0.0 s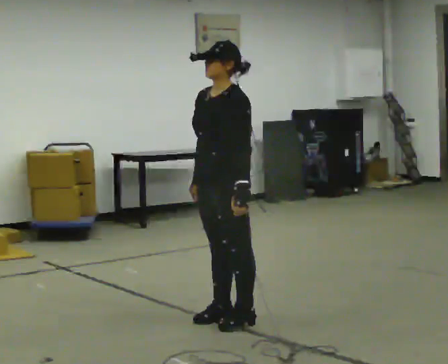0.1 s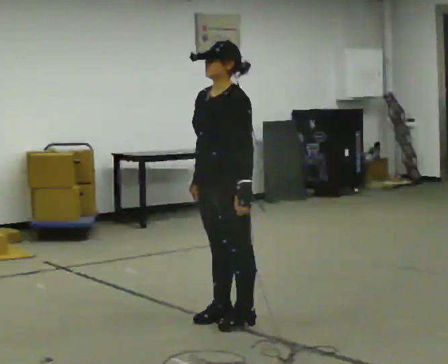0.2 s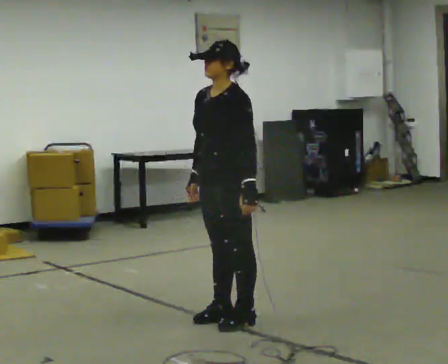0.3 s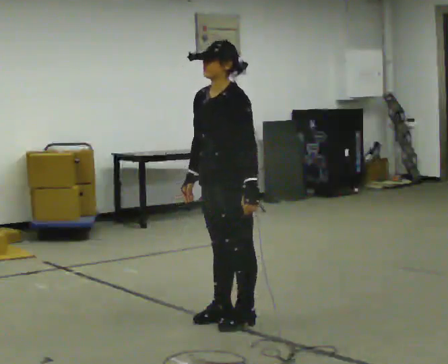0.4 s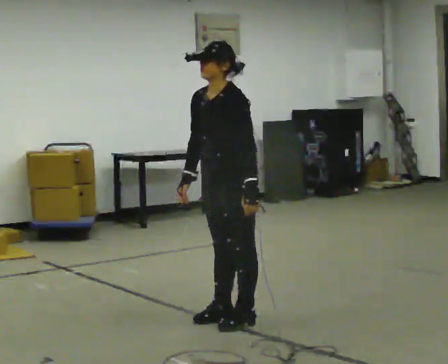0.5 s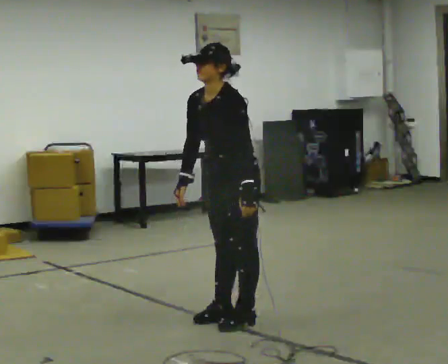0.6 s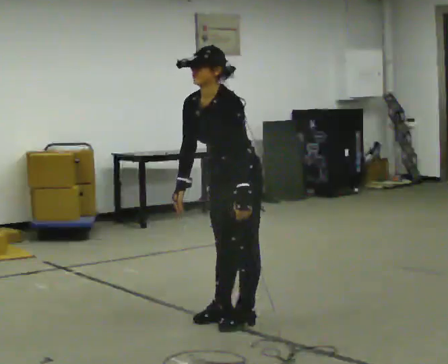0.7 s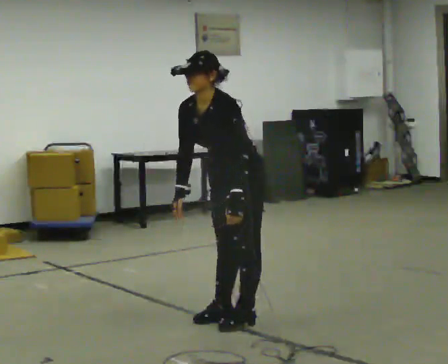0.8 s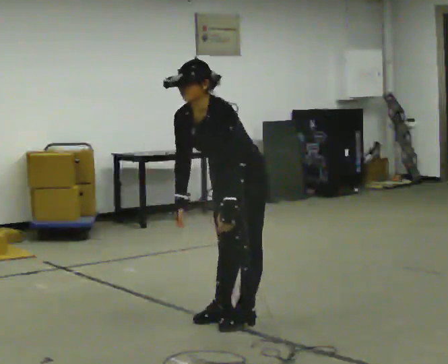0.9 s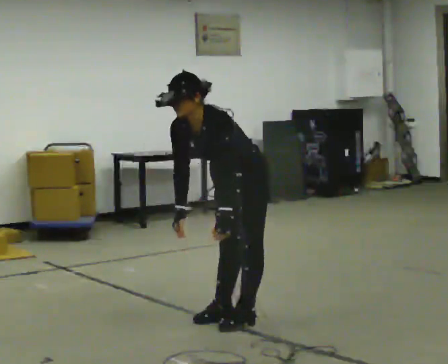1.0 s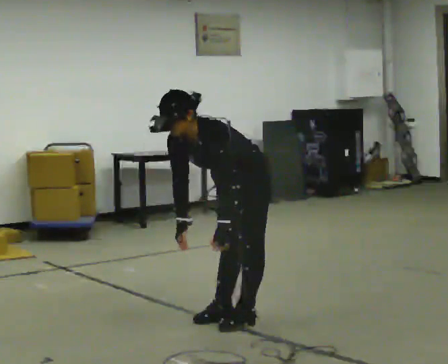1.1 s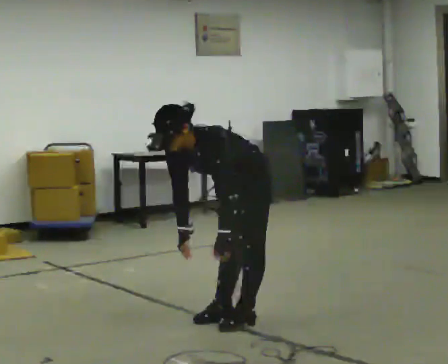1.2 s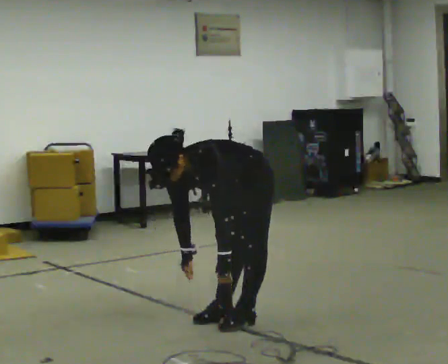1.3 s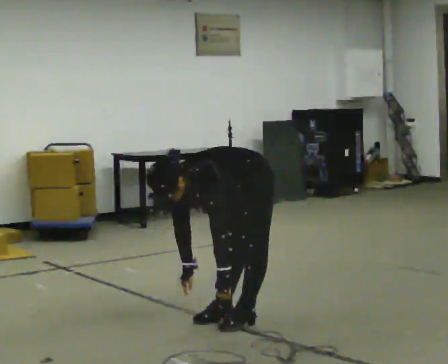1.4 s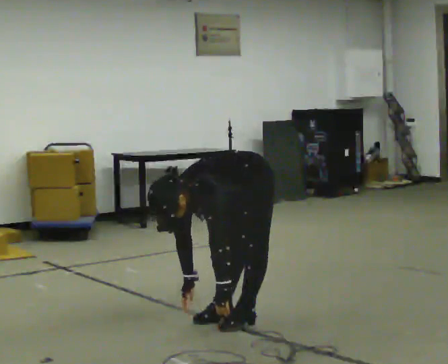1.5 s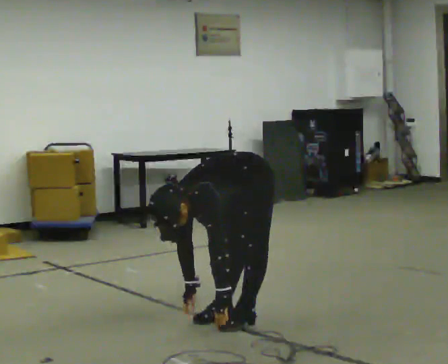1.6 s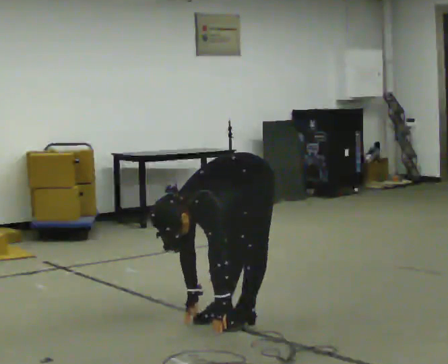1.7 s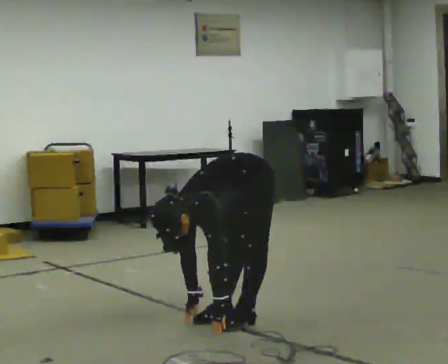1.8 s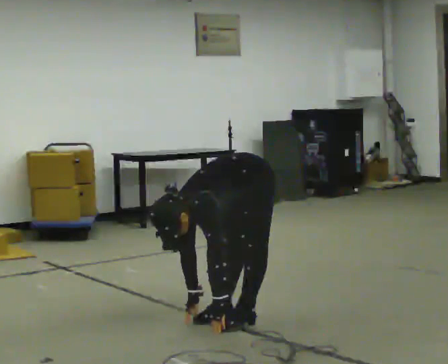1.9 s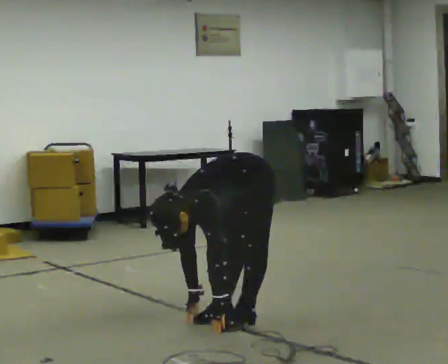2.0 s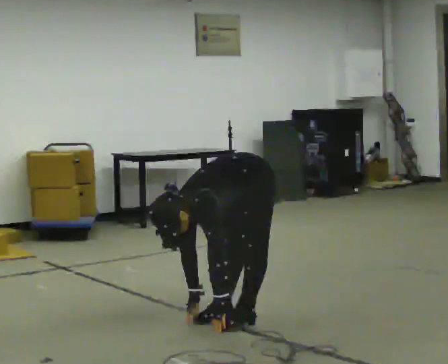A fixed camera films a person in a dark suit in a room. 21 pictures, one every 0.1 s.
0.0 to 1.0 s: The shoulders move downward. In the picture the upper body tilts counterclockwise, shoulders to the left, as they bend forward.
1.0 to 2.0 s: The shoulders move downward. The upper body tips toward the camera, its near side rolling downward, as they bend forward. In the picture their left hand goes downward.
The film runs backward here.
